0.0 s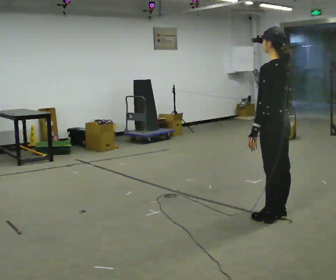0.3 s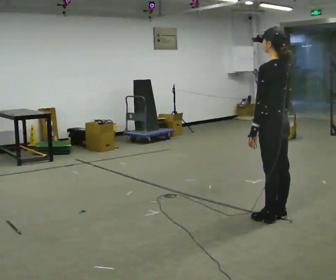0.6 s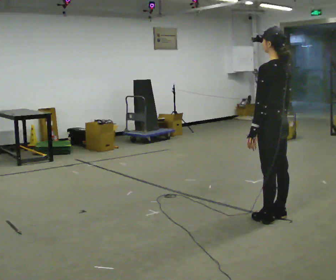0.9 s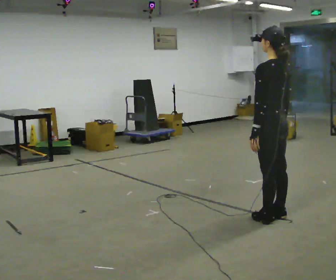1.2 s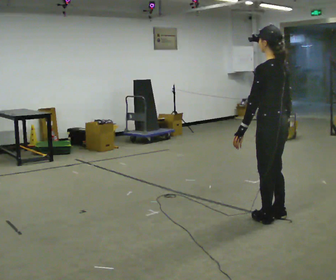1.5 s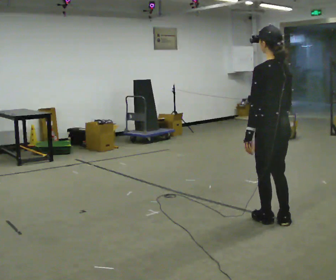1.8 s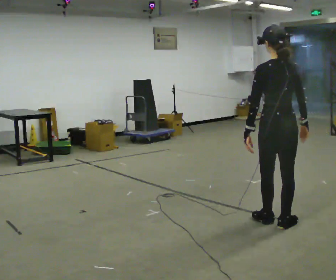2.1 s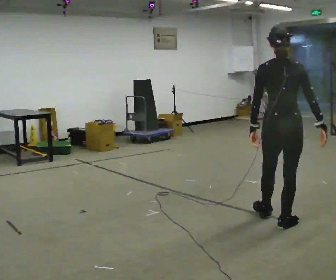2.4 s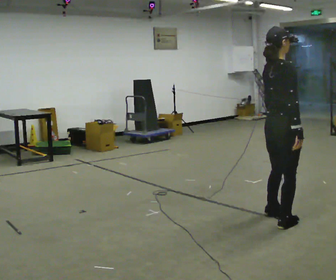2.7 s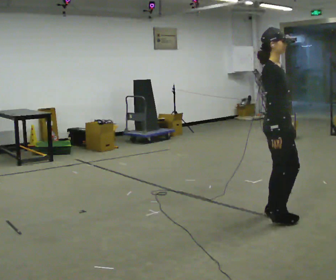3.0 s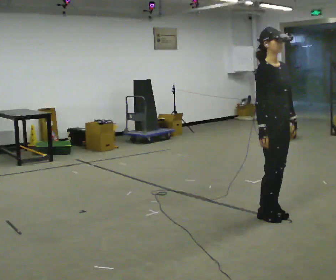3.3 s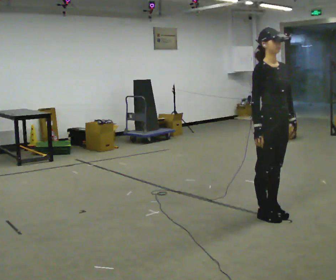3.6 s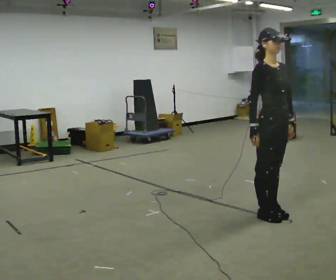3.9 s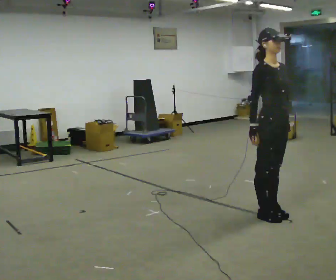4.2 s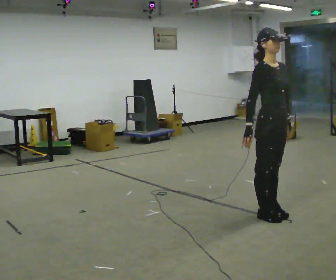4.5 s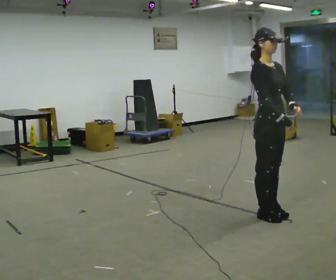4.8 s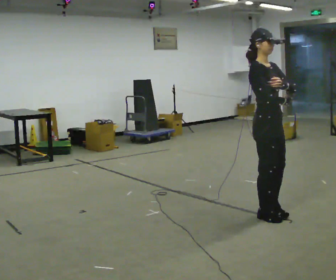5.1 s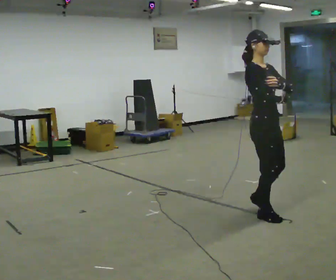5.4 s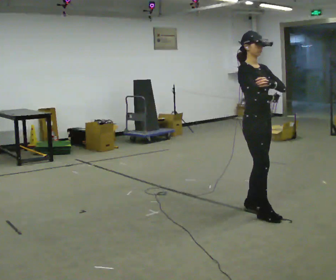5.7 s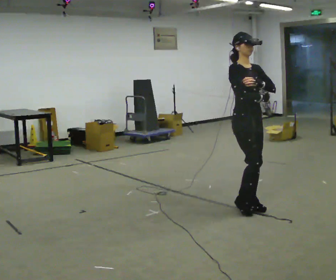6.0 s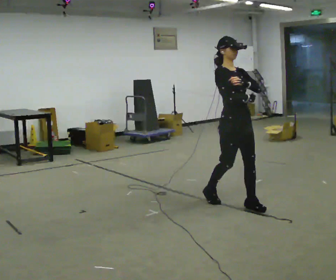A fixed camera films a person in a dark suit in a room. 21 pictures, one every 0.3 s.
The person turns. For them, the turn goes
to their right.
The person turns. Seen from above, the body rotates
clockwise.
0.0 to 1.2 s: The person moves a little, or ends about where they began.
1.2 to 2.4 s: The part of the body nearest the lens slides to the left as the person turns to their right by about 105 degrees.
2.4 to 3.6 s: Seen from above the body turns clockwise, about 75 degrees: to their right, with its near side sliding to the left. In the picture they go away from the camera, about 0.25 m in 1 step. In the picture their right hand goes to the left.
3.6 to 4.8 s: The person moves a little, or ends about where they began.
4.8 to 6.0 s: In the picture they go away from the camera and to the left, about 0.5 m in 2 steps, which for them is backward.
The film runs backward here.
